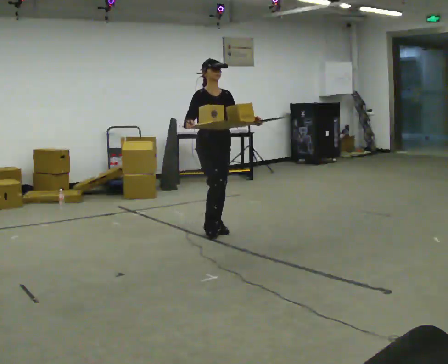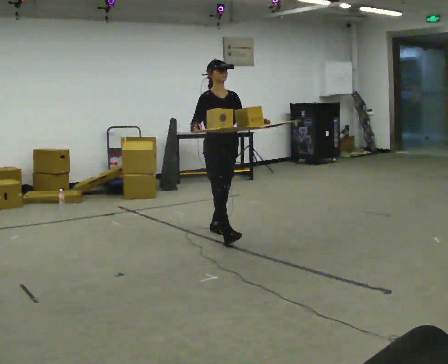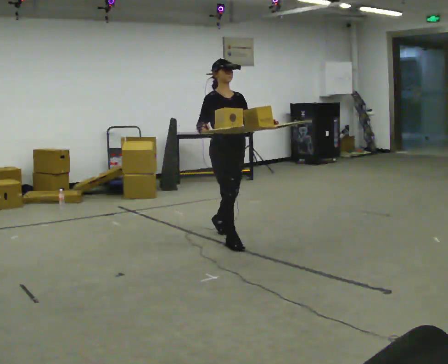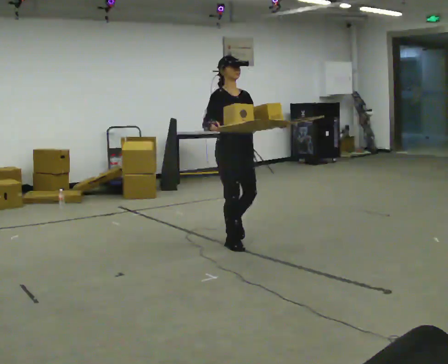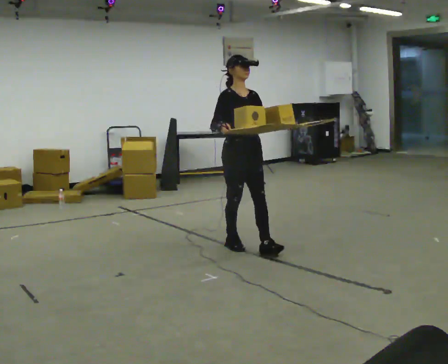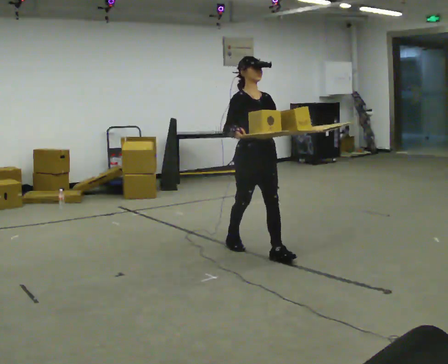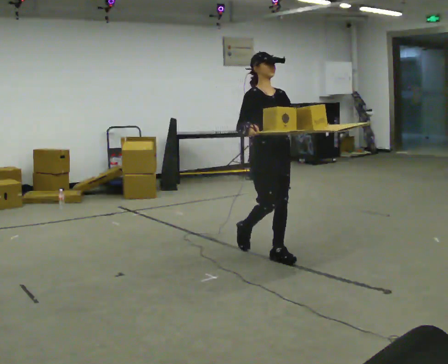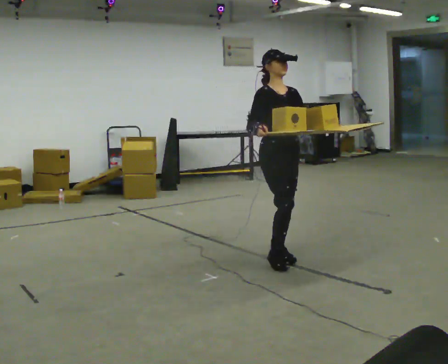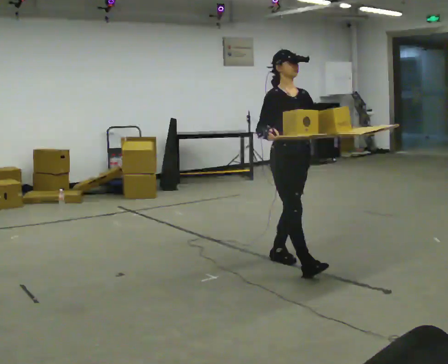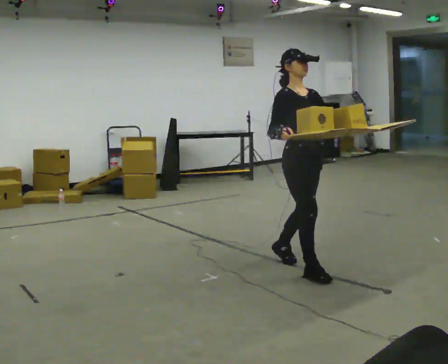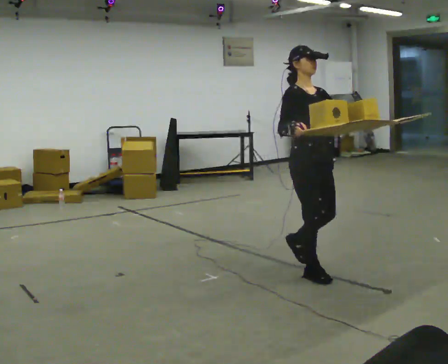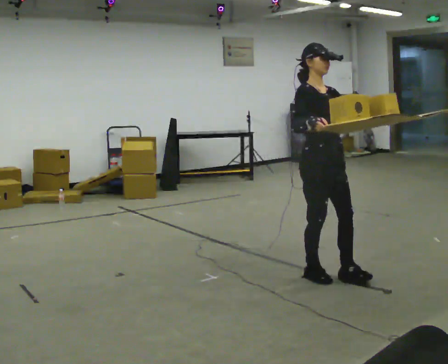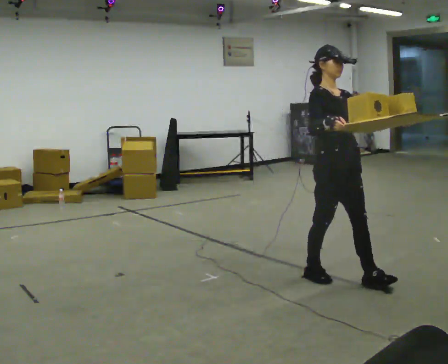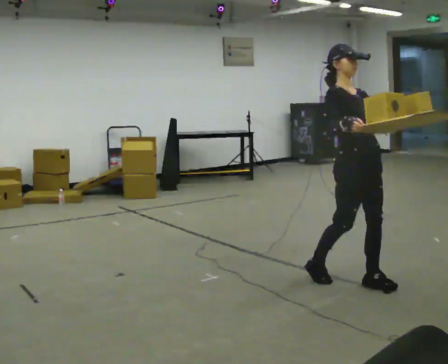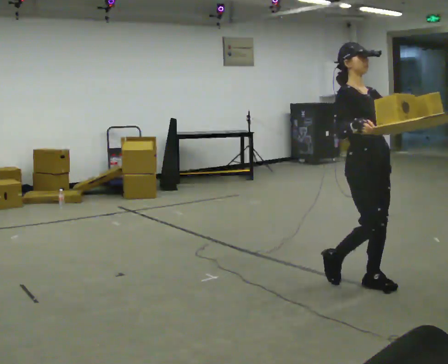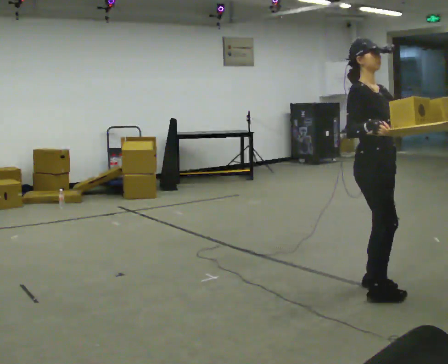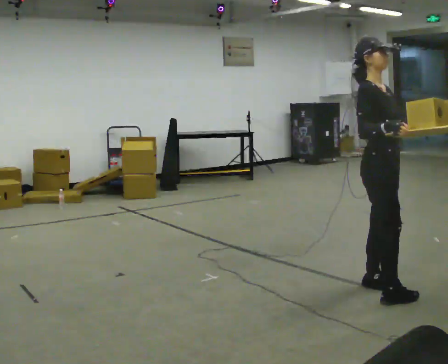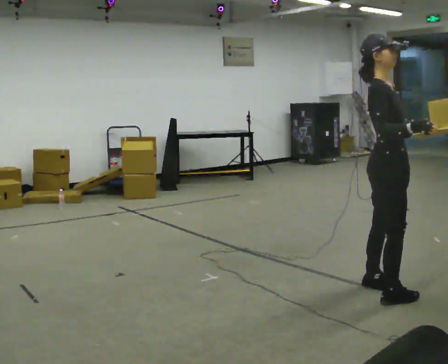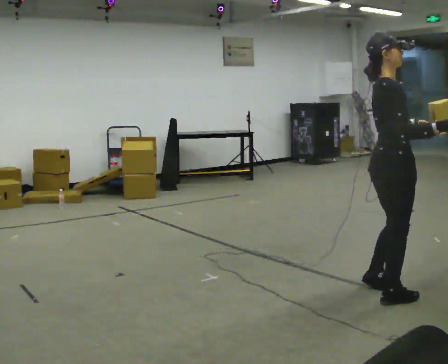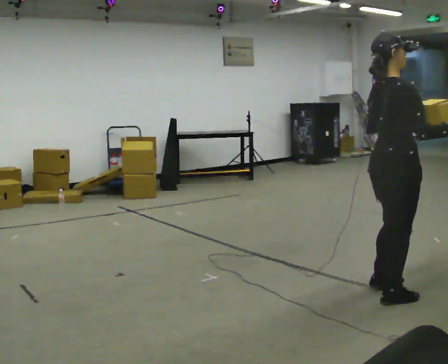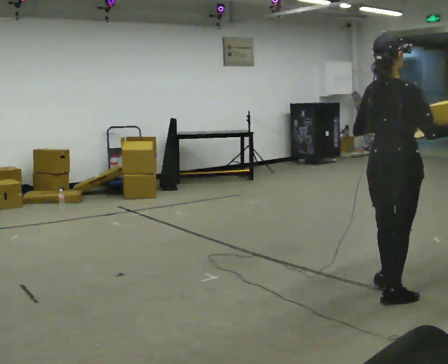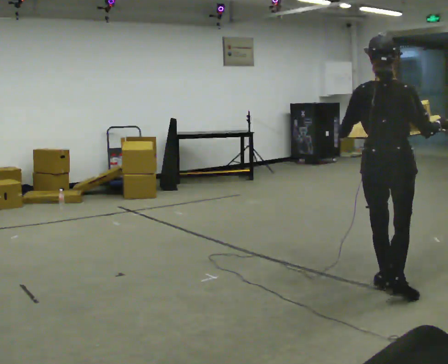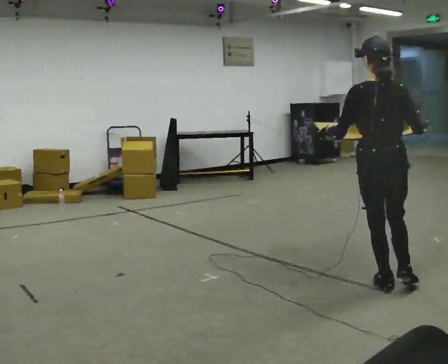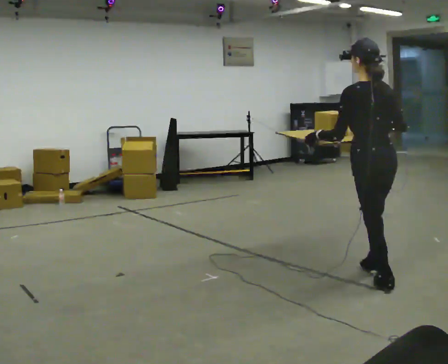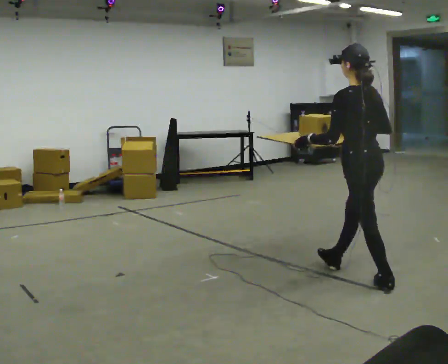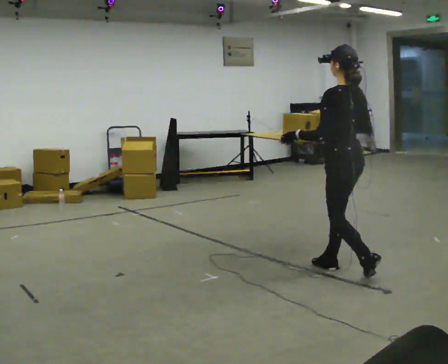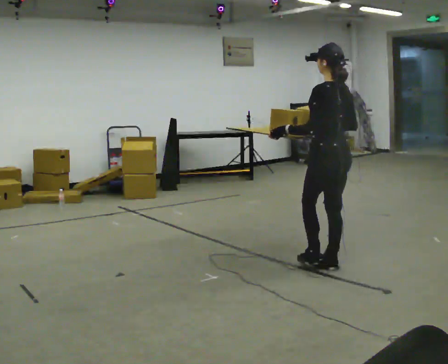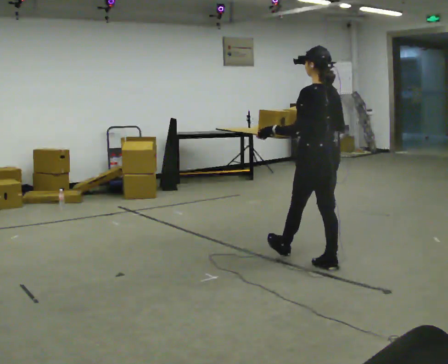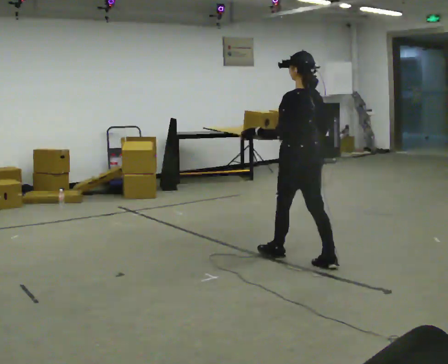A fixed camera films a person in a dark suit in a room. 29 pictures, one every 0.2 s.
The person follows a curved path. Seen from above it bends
counterclockwise.
The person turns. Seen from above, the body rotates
counterclockwise.
0.0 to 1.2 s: In the picture they go toward the camera and to the right, about 1 m in 2 steps, which for them is forward.
1.2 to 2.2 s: In the picture they go toward the camera and to the right, about 0.75 m in 1 step, which for them is forward.
2.2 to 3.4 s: Seen from above the body turns counterclockwise, about 30 degrees: to their left, with its near side sliding to the right. In the picture they go to the right and toward the camera, about 0.5 m in 2 steps, which for them is forward.
3.4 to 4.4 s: The person turns about 105 degrees to their left, counterclockwise seen from above, so the part of the body nearest the lens slides to the right.
4.4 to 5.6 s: Seen from above the body turns counterclockwise, about 45 degrees: to their left, with its near side sliding to the right. In the picture they go away from the camera and to the left, about 1 m in 2 steps, which for them is forward.
The film runs forward here.
